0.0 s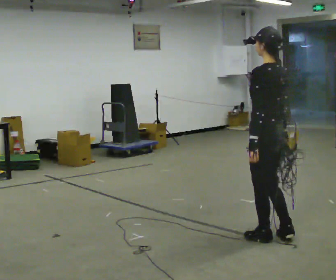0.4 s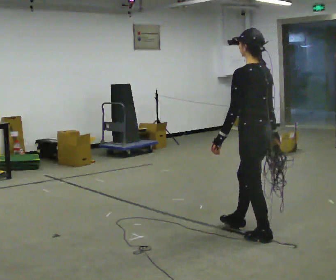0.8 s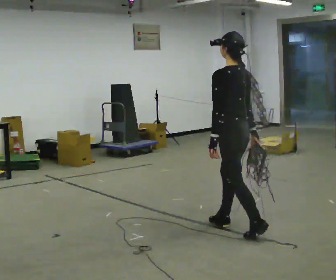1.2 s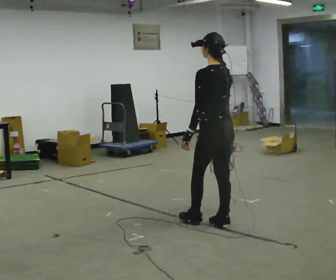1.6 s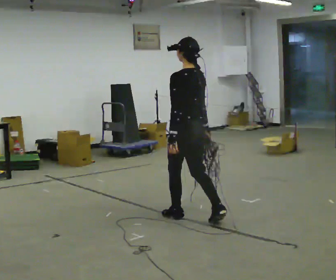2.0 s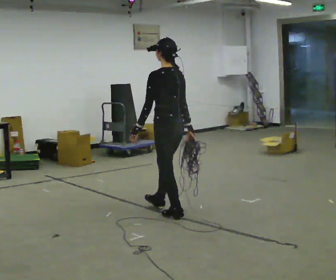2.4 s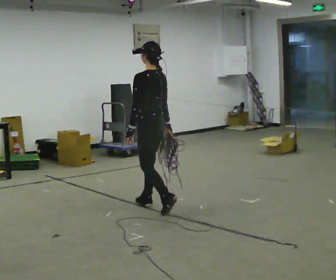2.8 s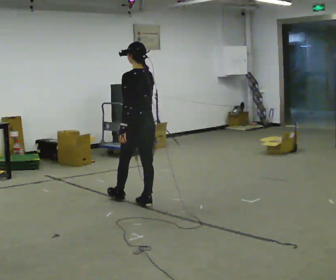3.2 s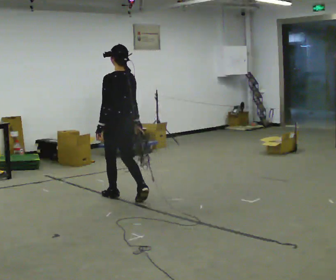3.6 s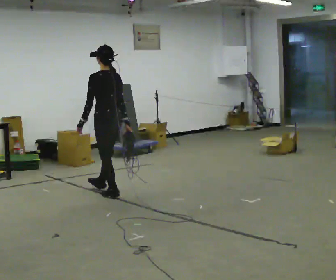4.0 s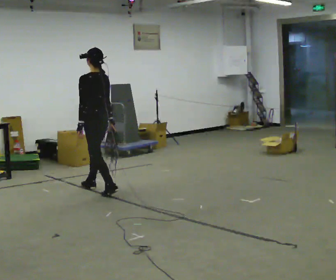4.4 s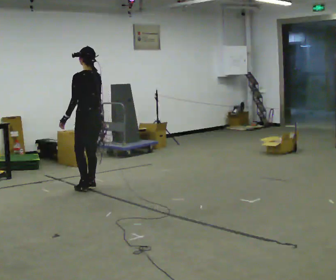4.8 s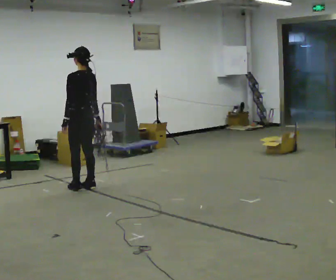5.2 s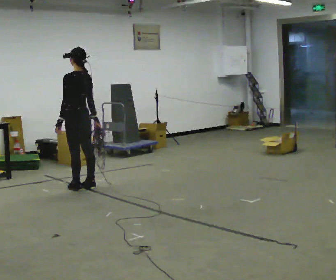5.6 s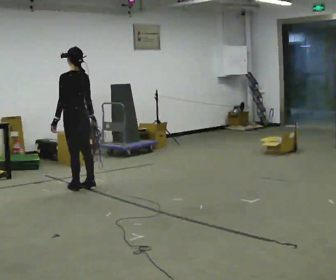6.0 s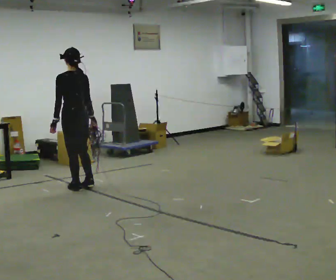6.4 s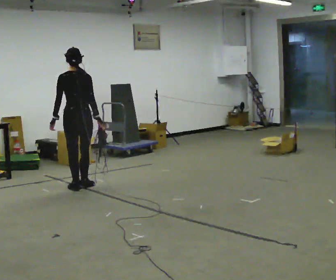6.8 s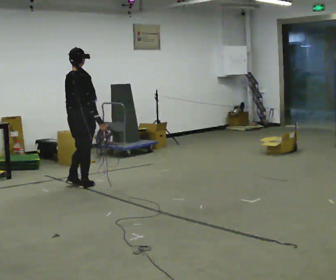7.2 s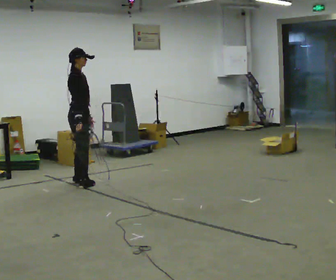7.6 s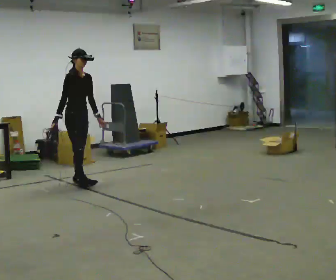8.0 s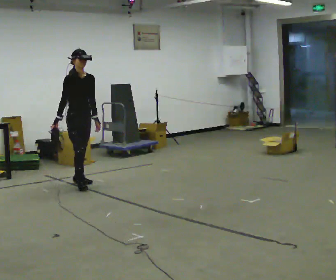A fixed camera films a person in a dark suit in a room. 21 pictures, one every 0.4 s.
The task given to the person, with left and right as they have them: Pick up the coiled hose, carry it across the room, and set it down. It will move around as you walk. Keep going until the operator says stop; one object at a time, and do not rush between trips.
0.0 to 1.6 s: In the picture they go away from the camera and to the left, about 1 m in 2 steps, which for them is forward.
1.6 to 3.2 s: In the picture they go away from the camera and to the left, about 1 m in 2 steps, which for them is forward.
3.2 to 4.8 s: In the picture they go away from the camera and to the left, about 0.75 m in 2 steps, which for them is forward.
4.8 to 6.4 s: The person turns about 45 degrees to their right, clockwise seen from above, so the part of the body nearest the lens slides to the left.
6.4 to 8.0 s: Seen from above the body turns clockwise, about 150 degrees: to their right, with its near side sliding to the left. In the picture they go away from the camera, about 0.25 m in 1 step. In the picture their right hand goes to the left, the arm swinging clockwise.
The film runs forward here.
